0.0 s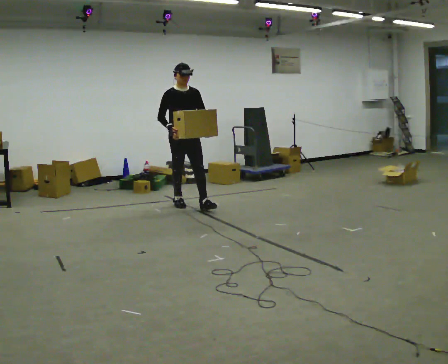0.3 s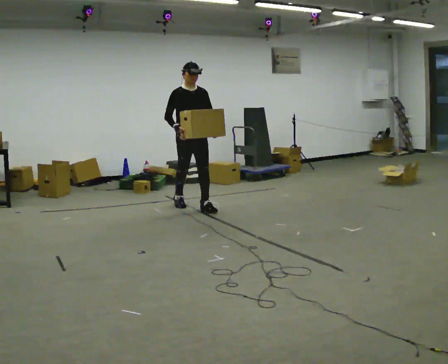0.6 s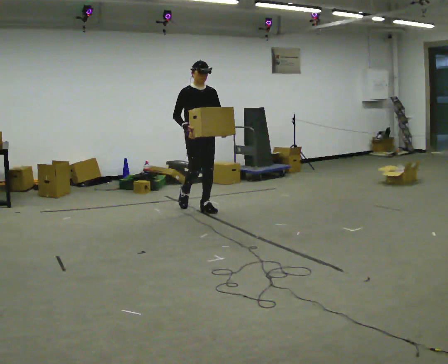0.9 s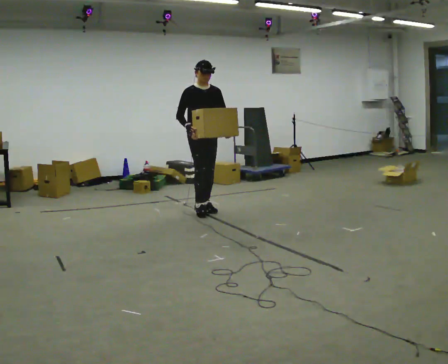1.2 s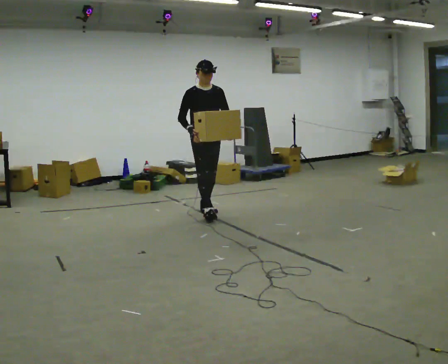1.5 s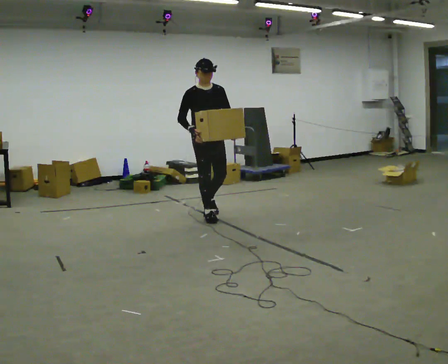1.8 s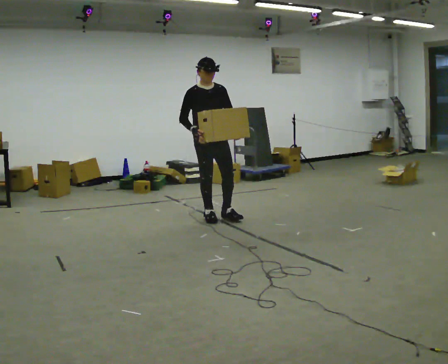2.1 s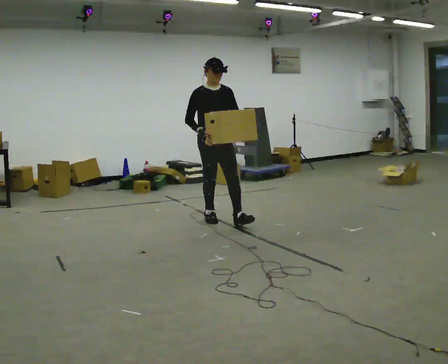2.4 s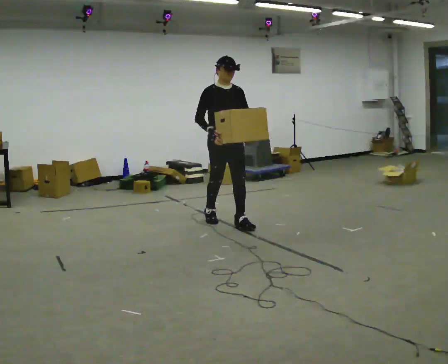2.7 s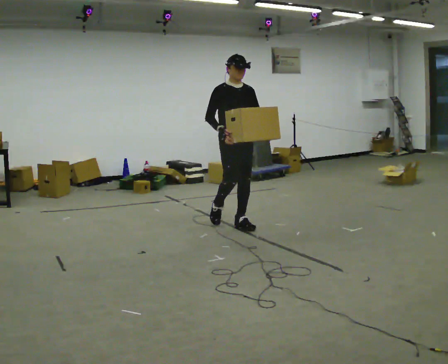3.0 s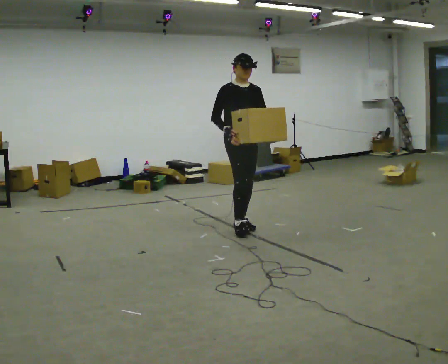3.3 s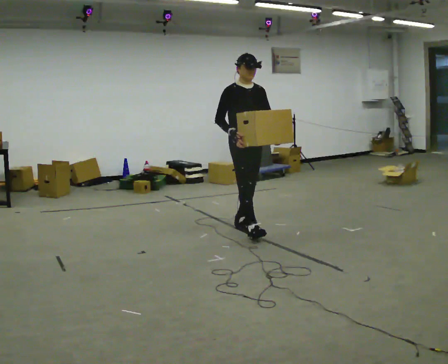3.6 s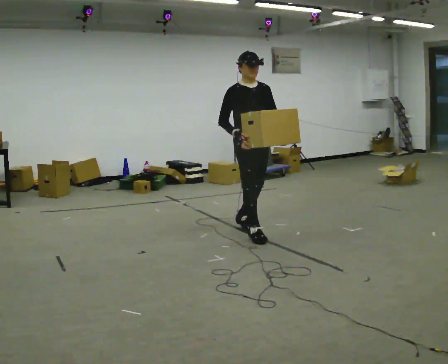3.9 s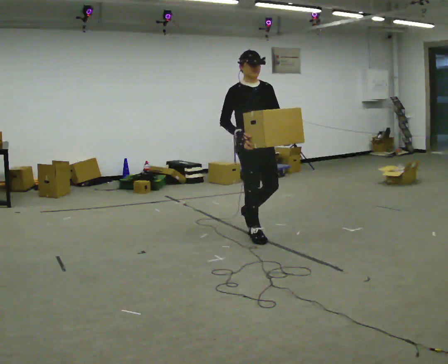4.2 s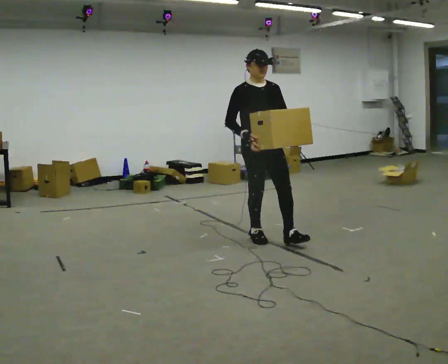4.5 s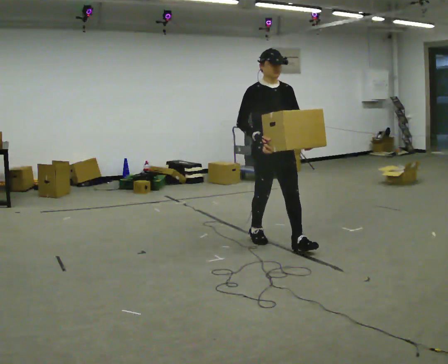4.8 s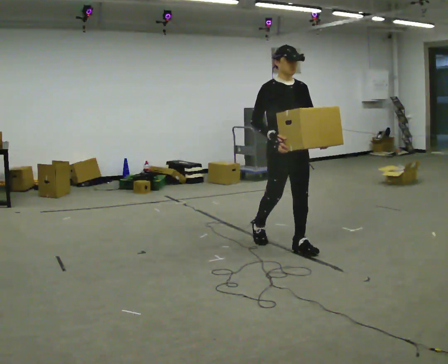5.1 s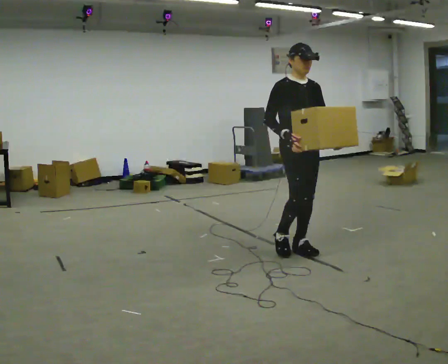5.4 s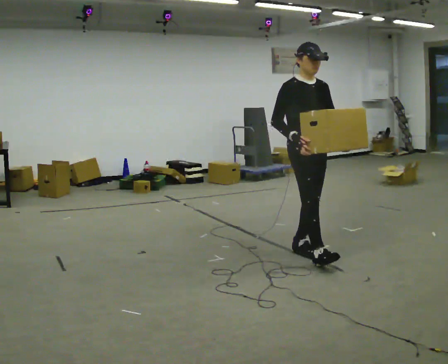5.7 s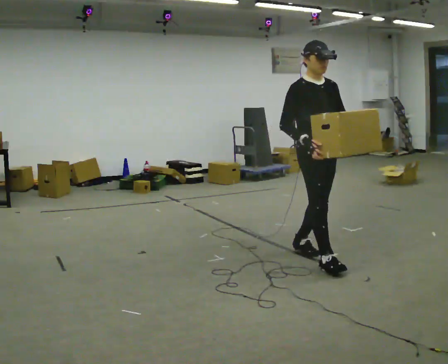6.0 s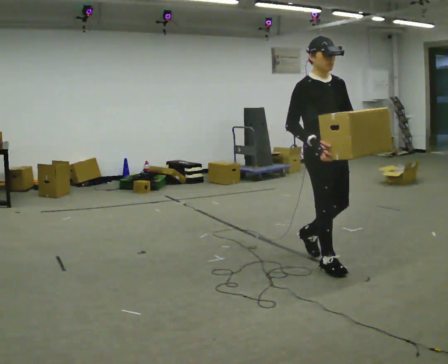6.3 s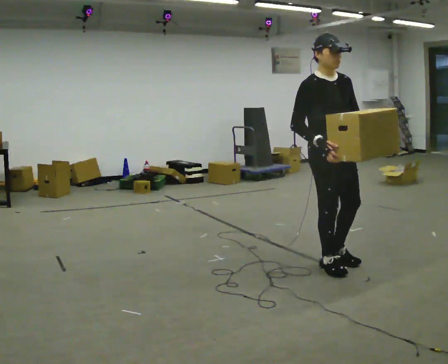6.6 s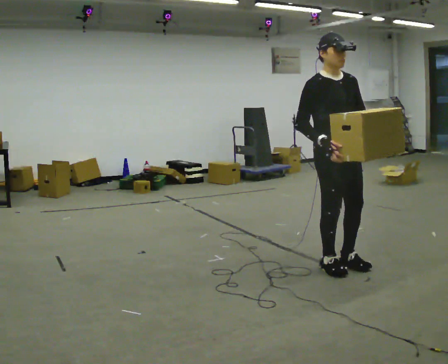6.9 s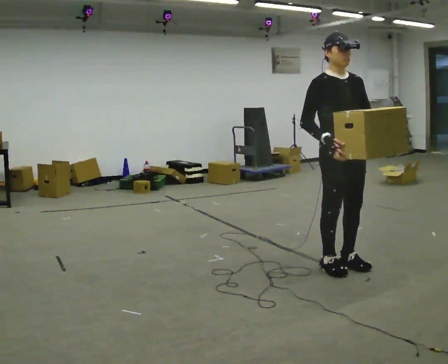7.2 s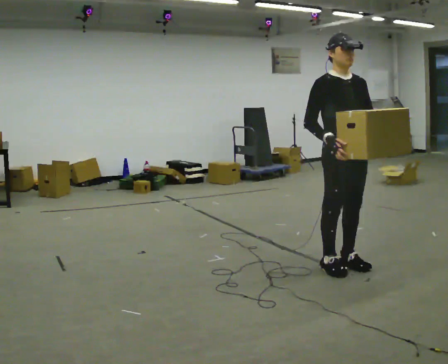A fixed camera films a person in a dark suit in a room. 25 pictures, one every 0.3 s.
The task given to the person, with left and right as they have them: Carry the heaviest box in both hands in front of you, walking back and forth across the room. Only carry what is comfortable. Set it down whenever you need to.
0.0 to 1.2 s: In the picture they go toward the camera and to the right, about 0.5 m in 1 step, which for them is forward.
1.2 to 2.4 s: In the picture they go toward the camera and to the right, about 0.5 m in 1 step, which for them is forward.
2.4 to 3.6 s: In the picture they go toward the camera and to the right, about 0.5 m in 1 step, which for them is forward.
3.6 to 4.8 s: In the picture they go toward the camera and to the right, about 0.5 m in 1 step, which for them is forward.
4.8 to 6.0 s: In the picture they go toward the camera and to the right, about 0.5 m in 1 step, which for them is forward.
6.0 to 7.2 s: The person moves a little, or ends about where they began.
The film runs forward here.
